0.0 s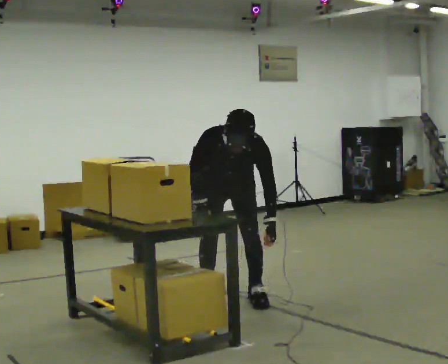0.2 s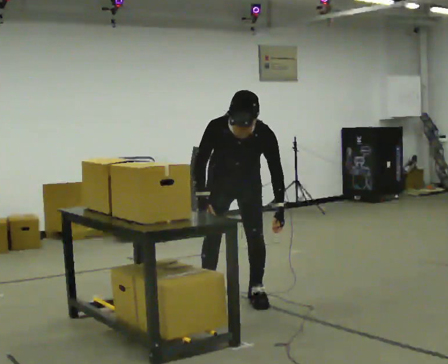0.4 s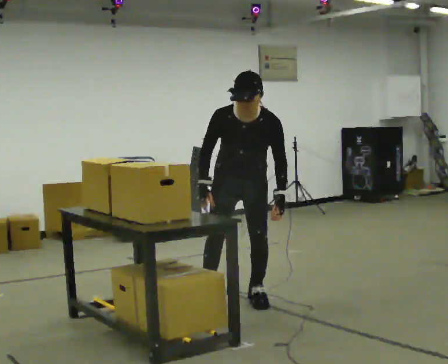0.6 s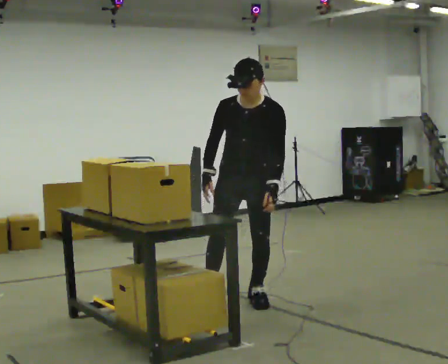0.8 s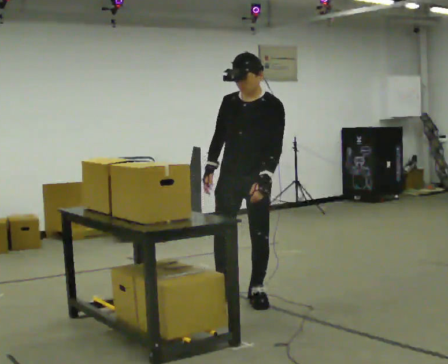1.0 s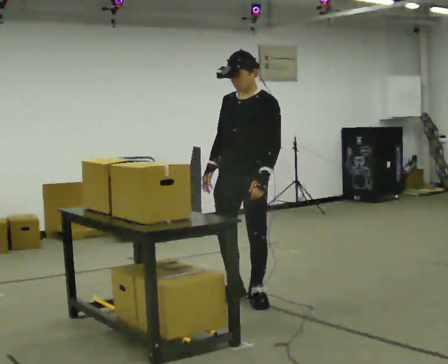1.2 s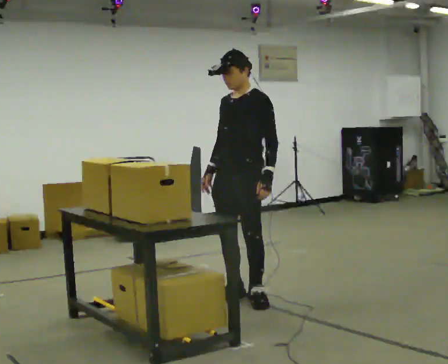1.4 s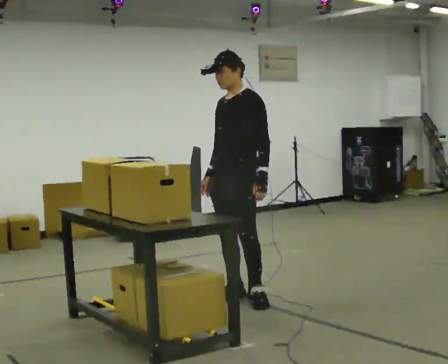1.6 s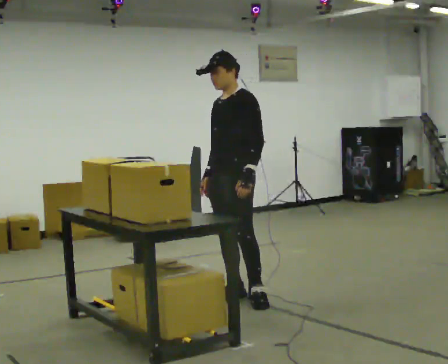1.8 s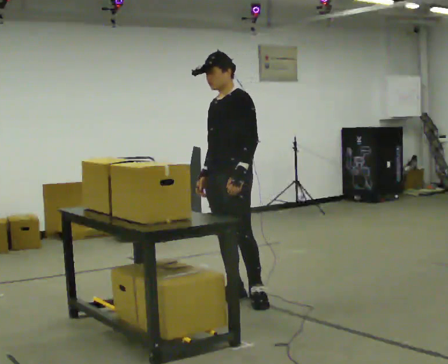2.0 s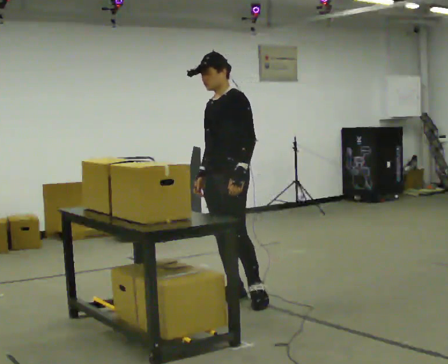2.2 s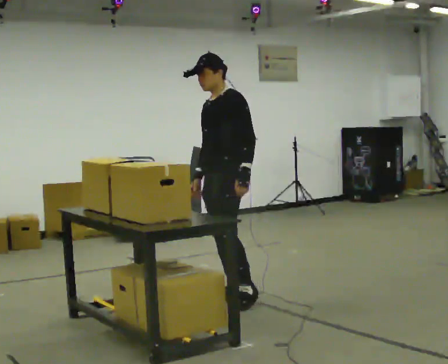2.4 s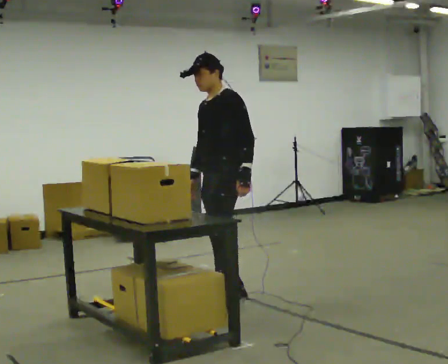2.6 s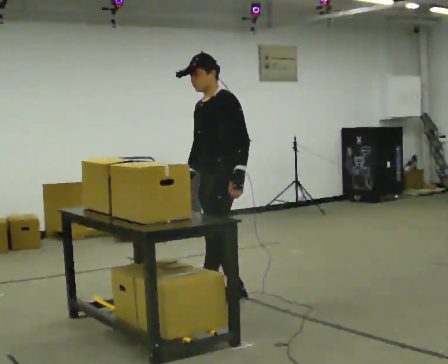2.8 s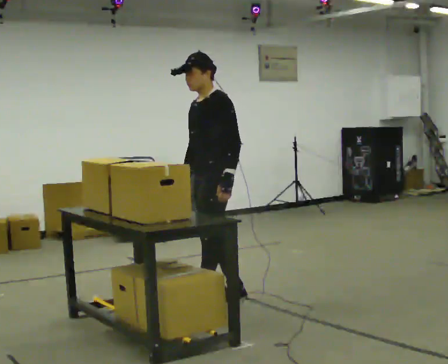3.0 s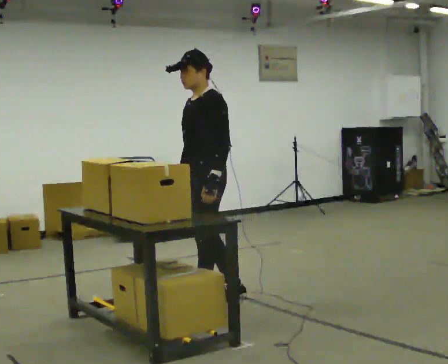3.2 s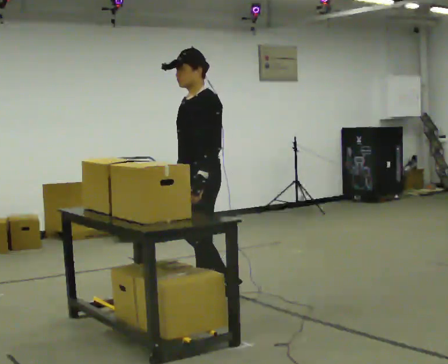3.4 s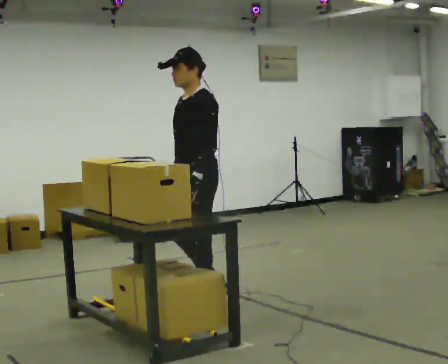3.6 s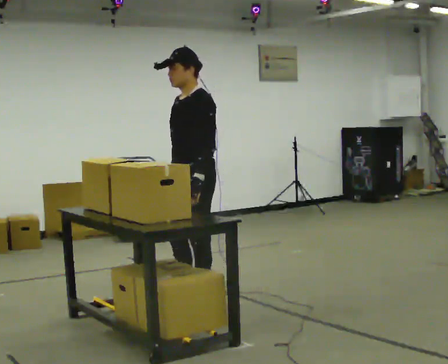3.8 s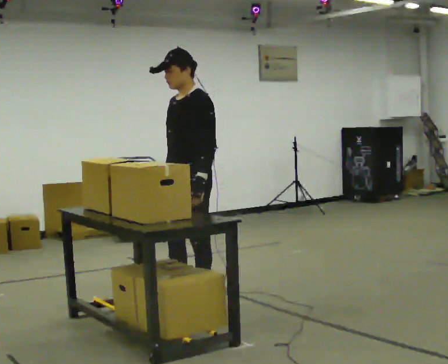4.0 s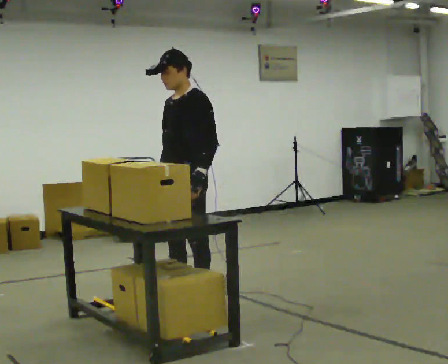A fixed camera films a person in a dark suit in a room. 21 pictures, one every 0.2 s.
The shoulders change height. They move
upward.
The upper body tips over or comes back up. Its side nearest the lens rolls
upward.
0.0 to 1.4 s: Seen from above the body turns clockwise, about 60 degrees: to their right, with its near side sliding to the left. The shoulders move upward. The upper body tips away from the camera, its near side rolling upward, as they lean back or straighten. In the picture their left hand goes upward.
1.4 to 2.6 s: The person moves a little, or ends about where they began.
2.6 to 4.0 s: In the picture they go to the left and toward the camera, about 0.25 m in 1 step, which for them is forward.
The film runs forward here.
